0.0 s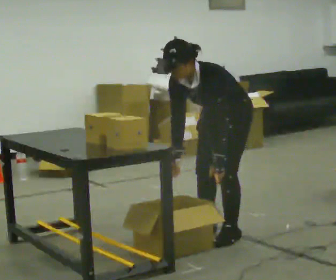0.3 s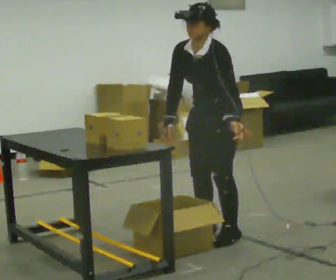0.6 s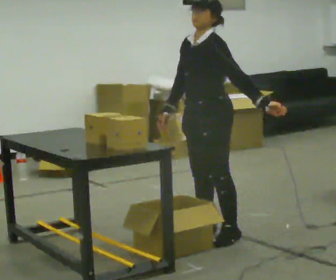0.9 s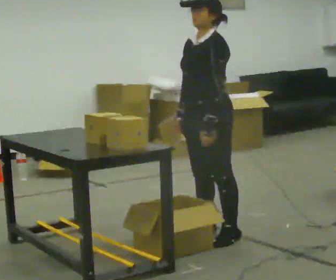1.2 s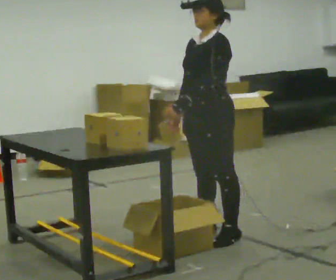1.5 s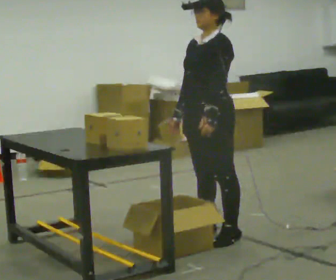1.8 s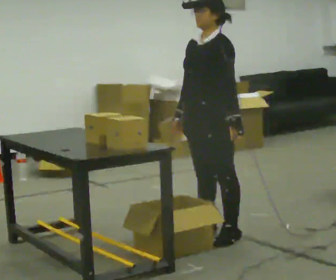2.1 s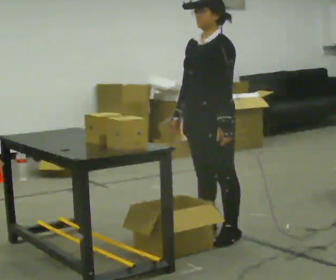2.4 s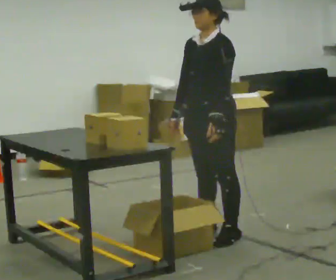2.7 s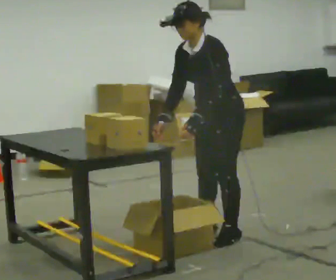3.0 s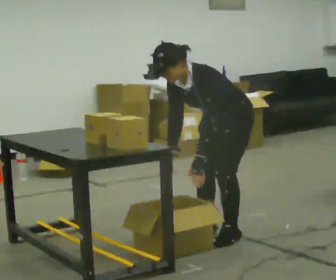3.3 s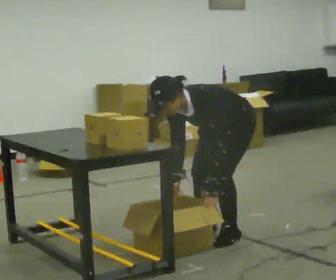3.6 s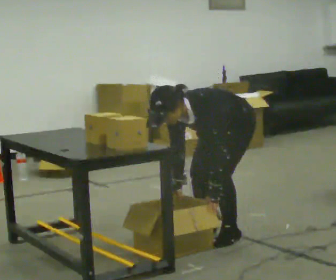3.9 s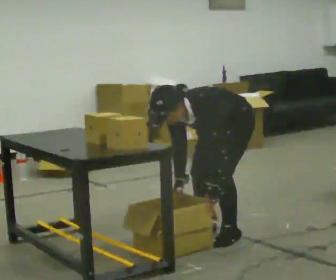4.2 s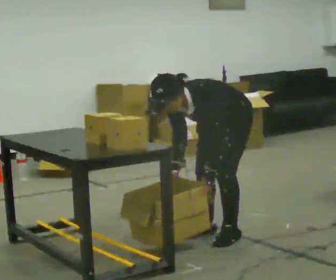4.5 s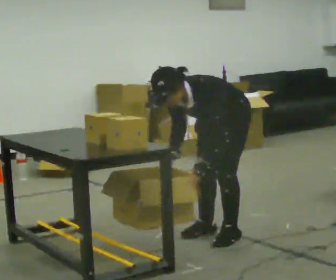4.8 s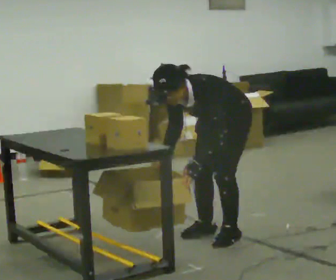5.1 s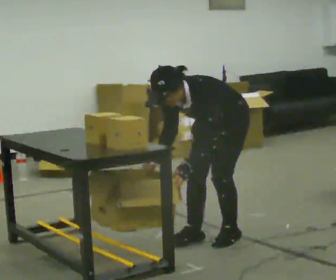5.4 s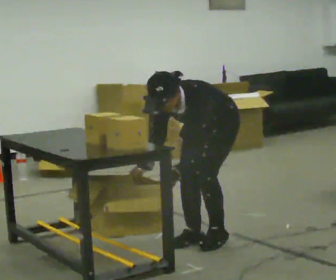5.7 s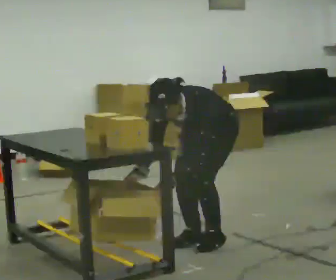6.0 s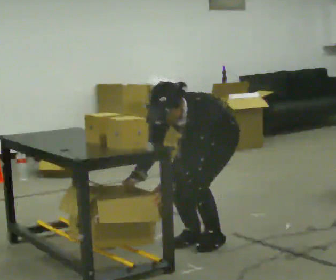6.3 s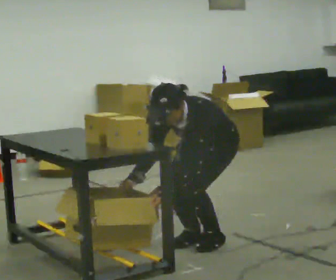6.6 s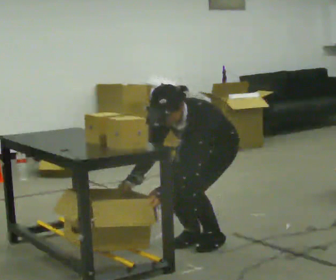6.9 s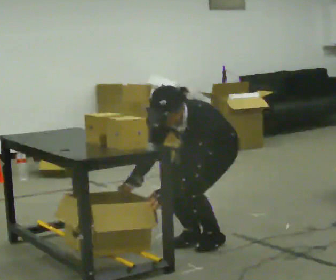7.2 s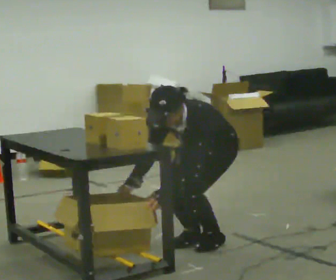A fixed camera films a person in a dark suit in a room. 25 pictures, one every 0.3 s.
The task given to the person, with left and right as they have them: 1. Take everything out of the crates by the door. 2. Put the small items on the middle shelf. 3. Put the large items on the bottom shelf. 4. Stack the empty crates by the door. 5. Tell the operator when you are finished.
0.0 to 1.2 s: The shoulders move upward. The upper body tips away from the camera, its near side rolling upward, as they lean back or straighten. In the picture their left hand goes upward.
1.2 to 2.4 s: The person moves a little, or ends about where they began.
2.4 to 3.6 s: The shoulders move downward. The upper body tips toward the camera, its near side rolling downward, as they bend forward. In the picture their left hand goes downward.
3.6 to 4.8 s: In the picture the upper body tilts clockwise, shoulders to the right.
4.8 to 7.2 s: The upper body goes downward. In the picture the upper body tilts clockwise, shoulders to the right.
The film runs forward here.
